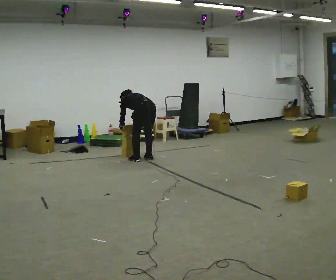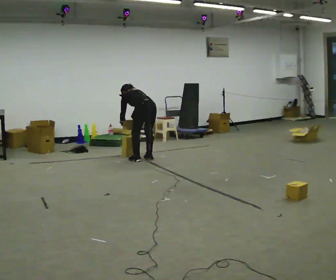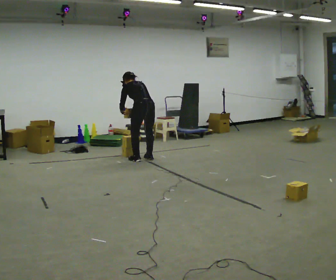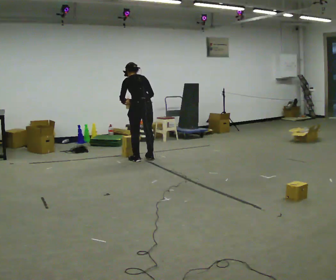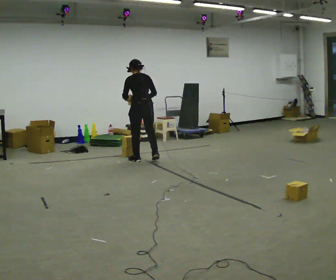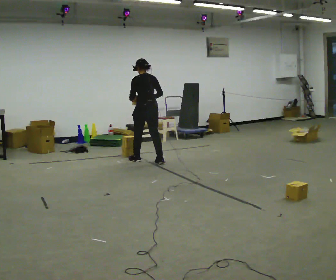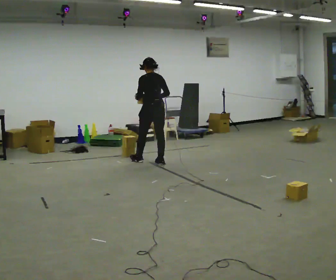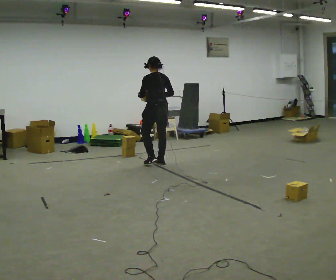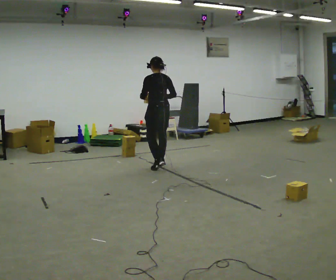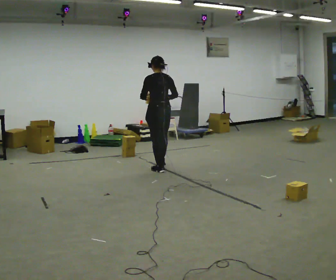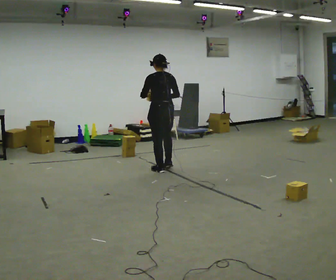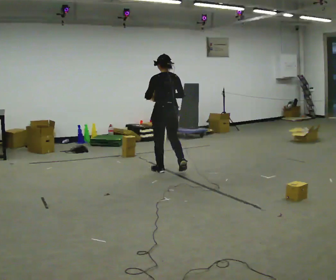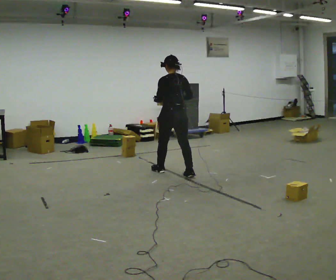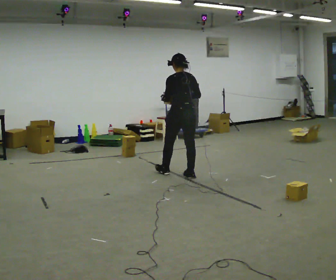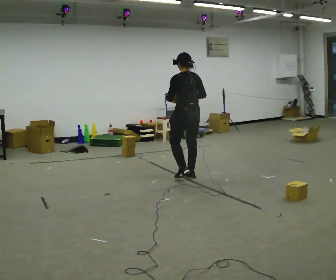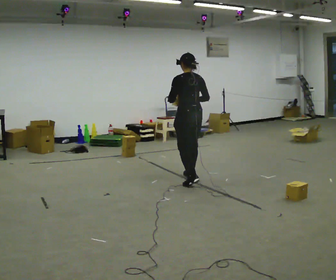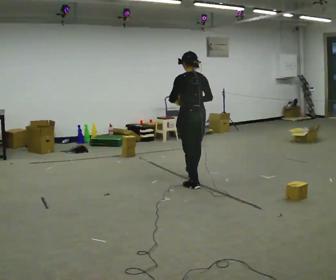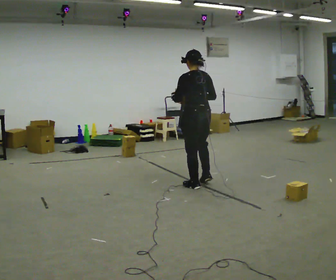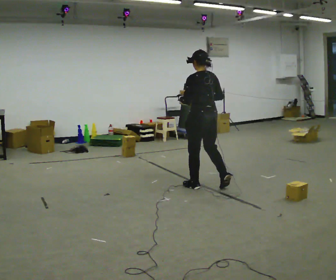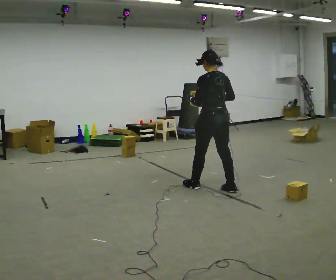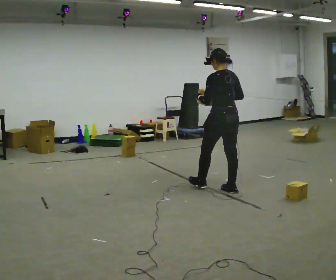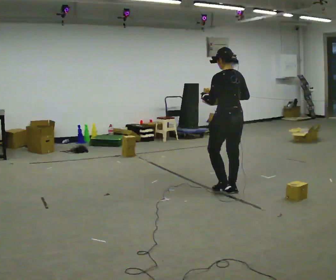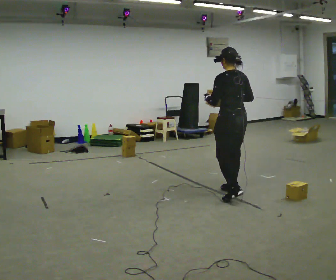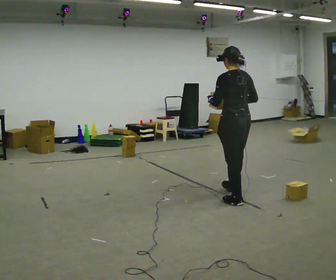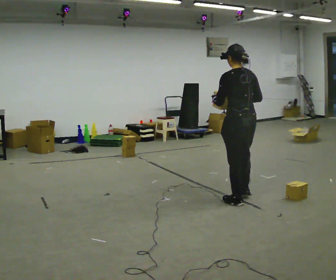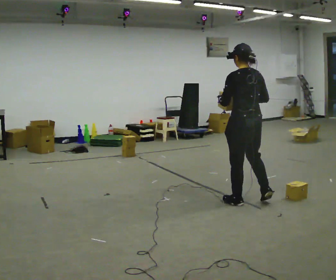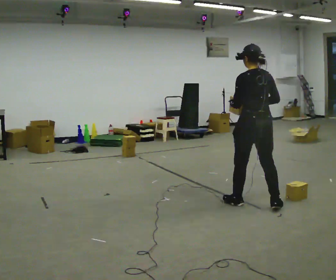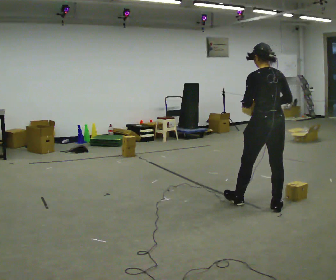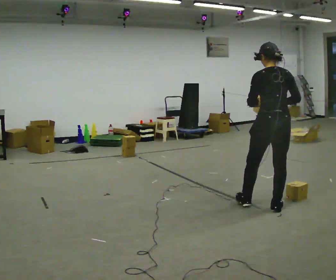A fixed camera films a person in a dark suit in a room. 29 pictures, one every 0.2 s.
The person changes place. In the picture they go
toward the camera.
0.0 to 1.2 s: The upper body goes upward. The upper body tips toward the camera, its near side rolling downward, as they lean back or straighten. In the picture their right hand goes upward and to the right.
1.2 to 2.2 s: In the picture they go toward the camera and to the right, about 0.5 m in 1 step, which for them is backward.
2.2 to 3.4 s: In the picture they go toward the camera and to the right, about 1 m in 2 steps, which for them is backward.
3.4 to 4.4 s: In the picture they go toward the camera and to the right, about 0.5 m in 1 step, which for them is backward.
4.4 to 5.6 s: Seen from above the body turns clockwise, about 30 degrees: to their right, with its near side sliding to the left. In the picture they go toward the camera and to the right, about 0.5 m in 1 step, which for them is backward.
The film runs backward here.
